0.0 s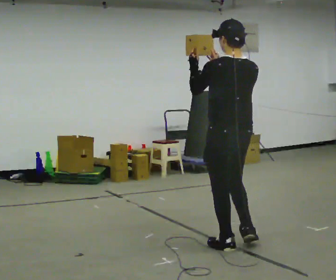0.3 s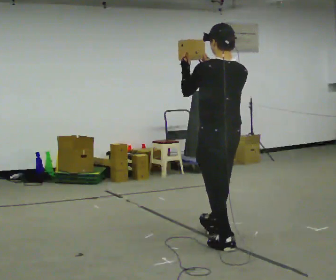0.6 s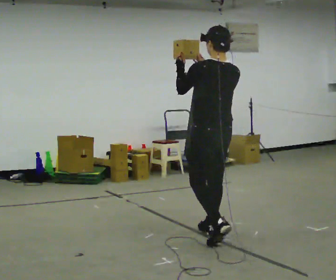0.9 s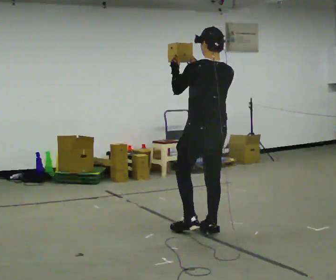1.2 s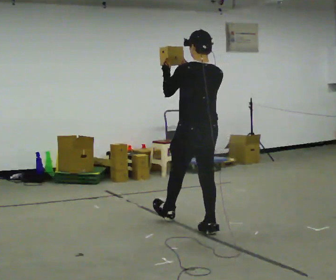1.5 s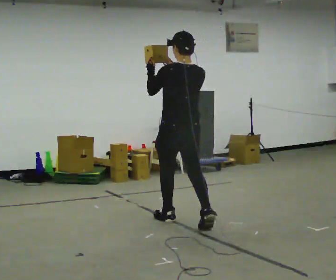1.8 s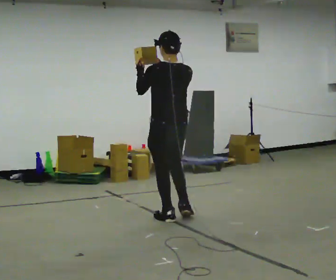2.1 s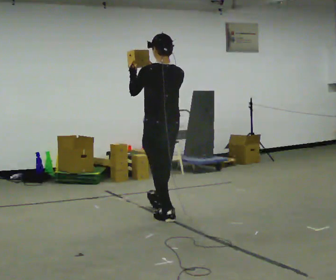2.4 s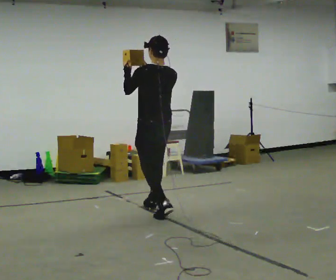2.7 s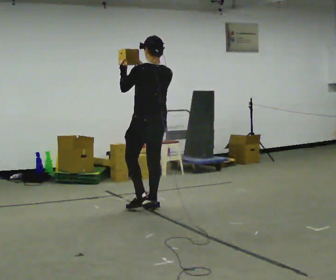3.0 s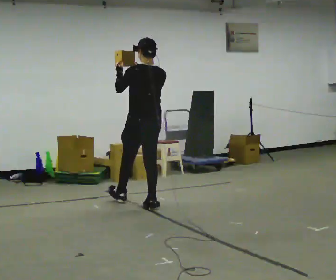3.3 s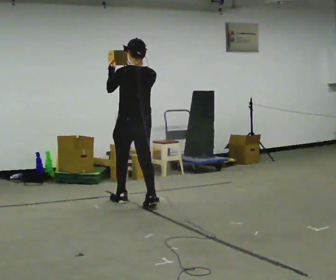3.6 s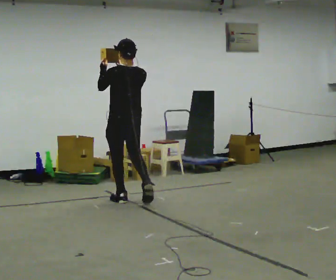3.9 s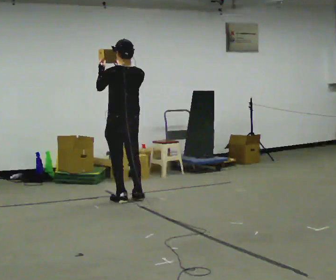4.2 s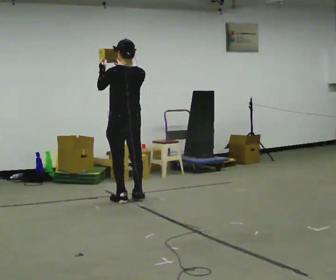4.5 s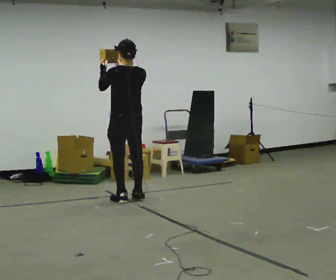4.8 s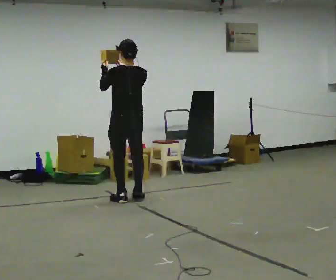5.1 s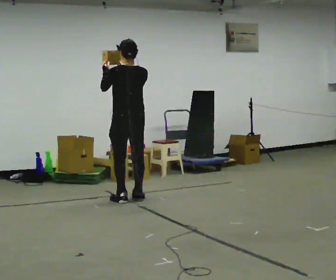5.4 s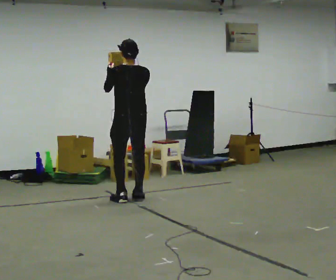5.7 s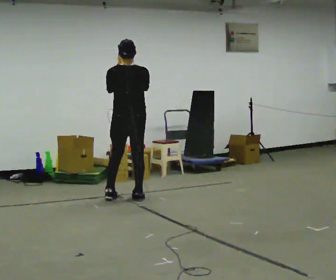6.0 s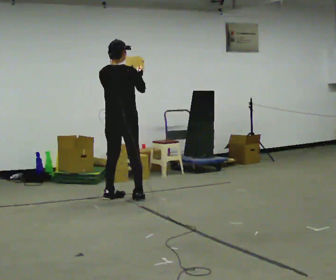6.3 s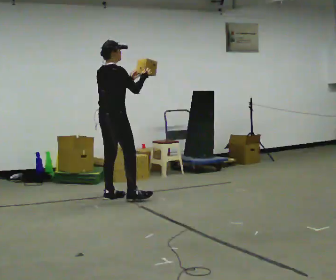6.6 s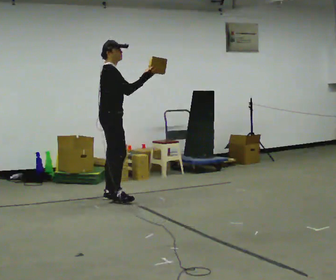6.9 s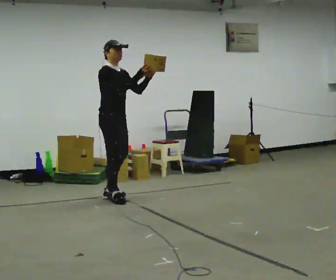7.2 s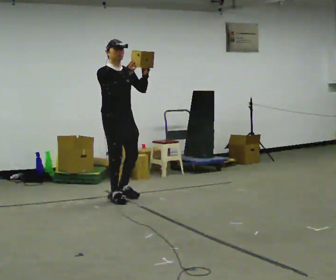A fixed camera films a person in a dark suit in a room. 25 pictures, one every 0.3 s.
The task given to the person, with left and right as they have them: Carry the object held up above your head, walking back and forth across the room.
0.0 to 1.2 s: In the picture they go away from the camera, about 0.75 m in 2 steps, which for them is forward.
1.2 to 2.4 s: In the picture they go away from the camera and to the left, about 0.5 m in 1 step, which for them is forward.
2.4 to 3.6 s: In the picture they go away from the camera and to the left, about 0.5 m in 1 step, which for them is forward.
3.6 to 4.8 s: The person moves a little, or ends about where they began.
4.8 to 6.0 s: Seen from above the body turns clockwise, about 60 degrees: to their right, with its near side sliding to the left.
6.0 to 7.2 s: Seen from above the body turns clockwise, about 120 degrees: to their right, with its near side sliding to the left.
The film runs forward here.
